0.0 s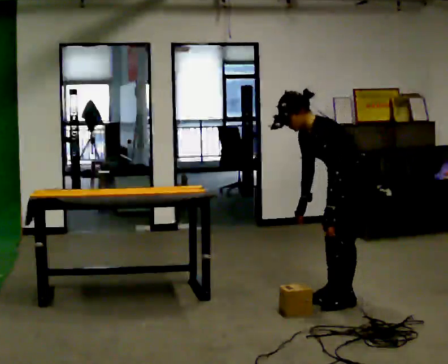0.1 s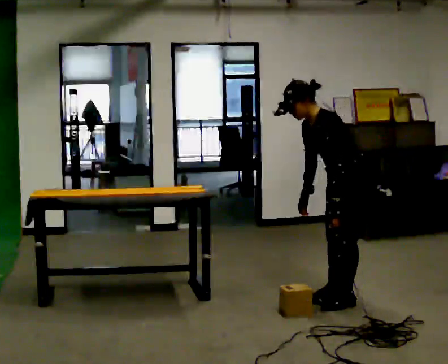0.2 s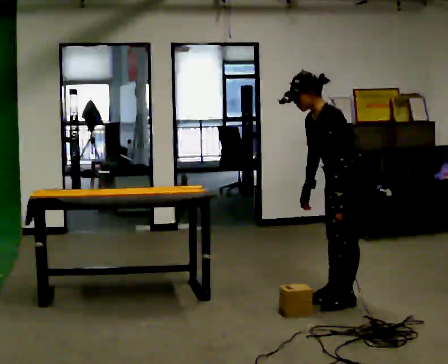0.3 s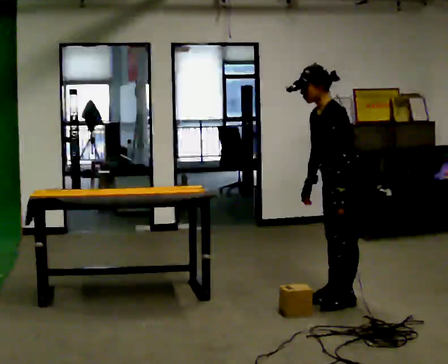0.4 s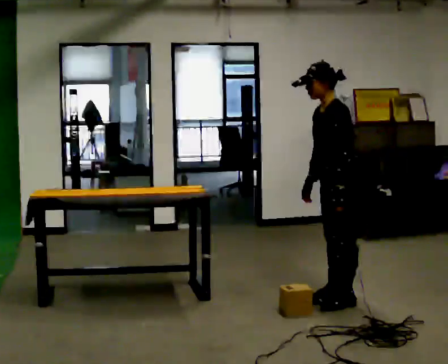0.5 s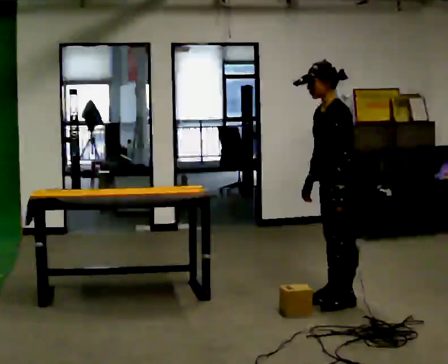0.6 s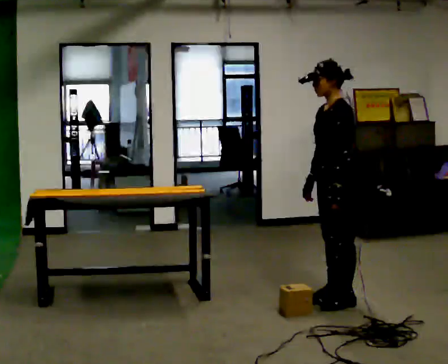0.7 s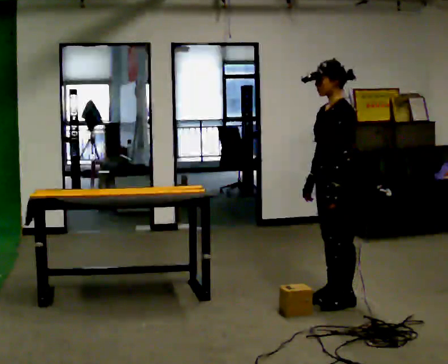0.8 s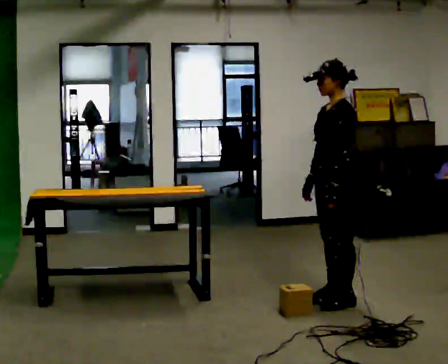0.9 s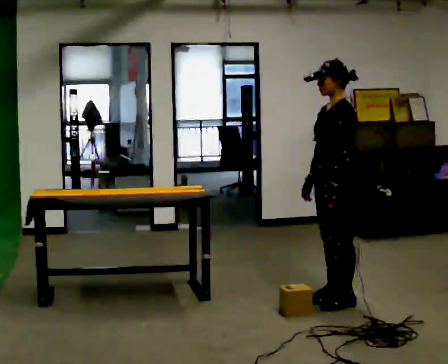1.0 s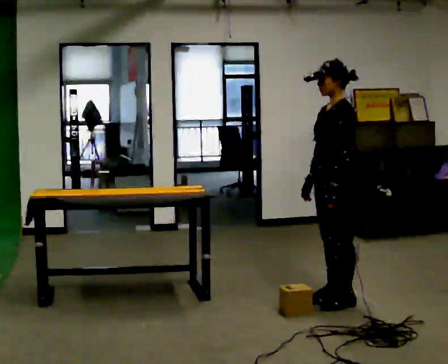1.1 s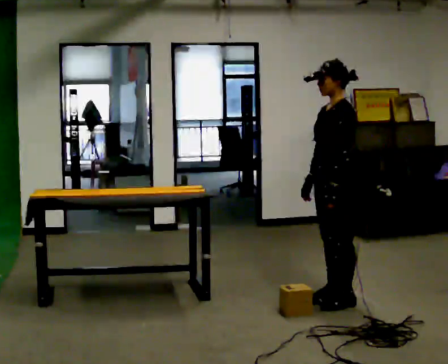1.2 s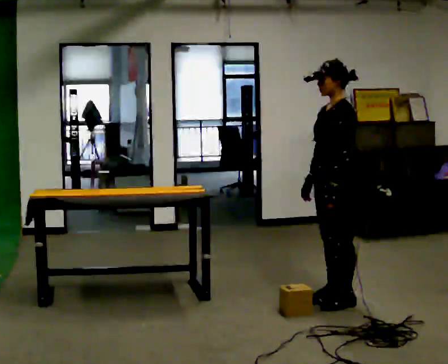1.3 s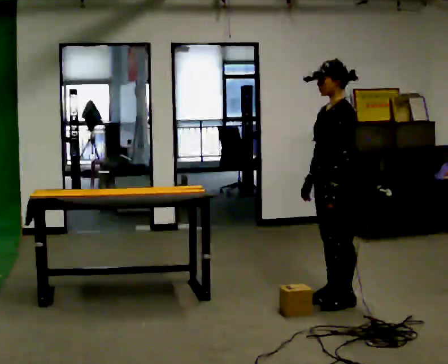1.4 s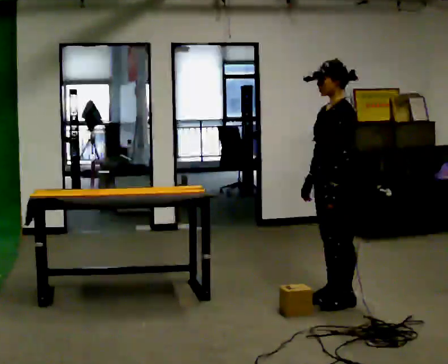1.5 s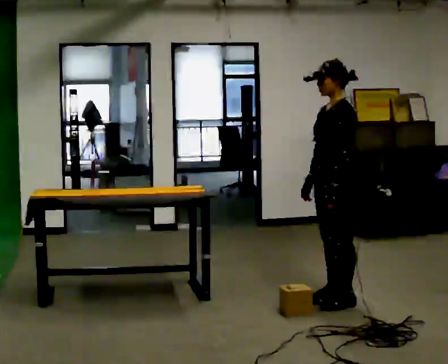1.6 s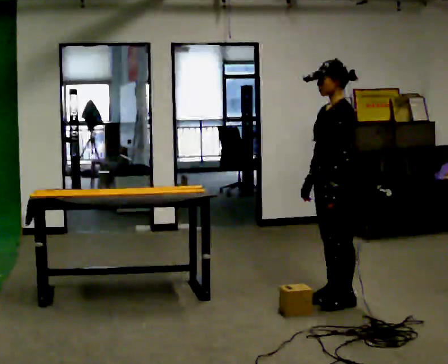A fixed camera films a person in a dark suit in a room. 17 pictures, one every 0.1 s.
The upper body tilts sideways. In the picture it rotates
clockwise.
0.0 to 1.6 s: In the picture the upper body tilts clockwise, shoulders to the right, as they lean back or straighten.
The film runs backward here.
